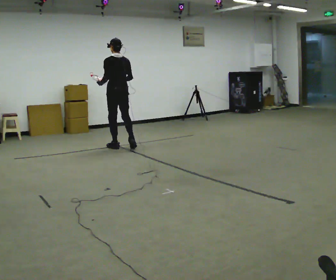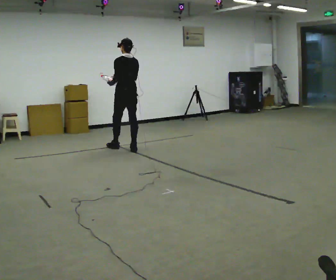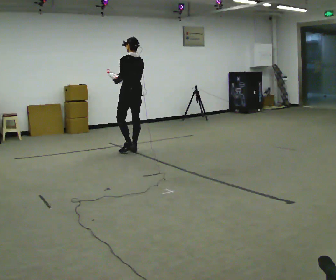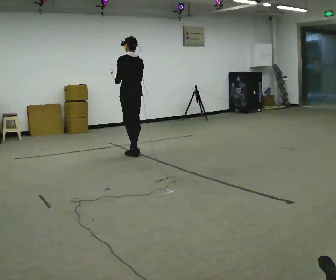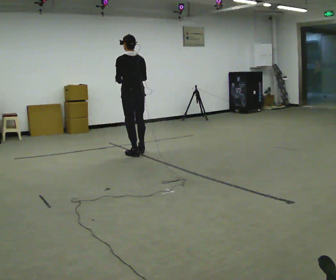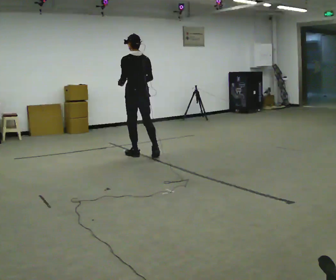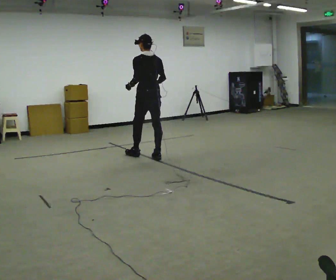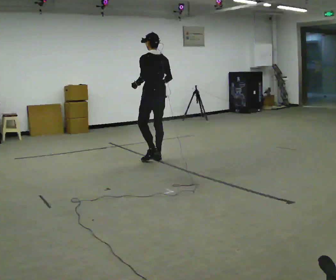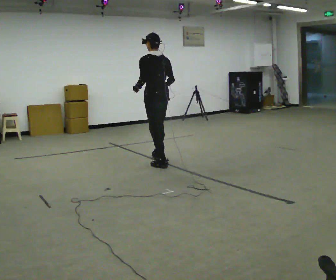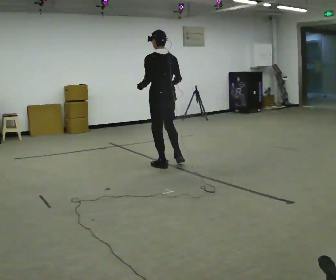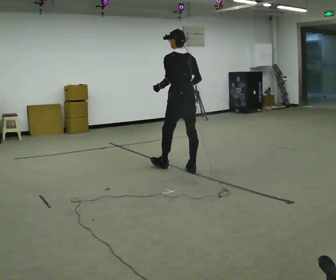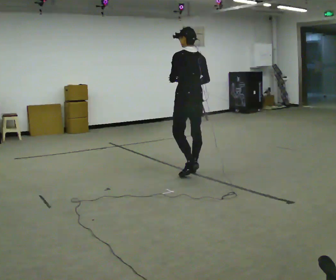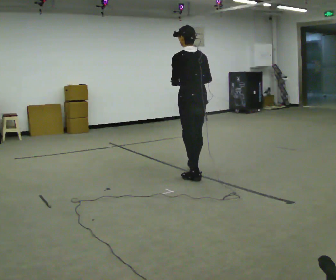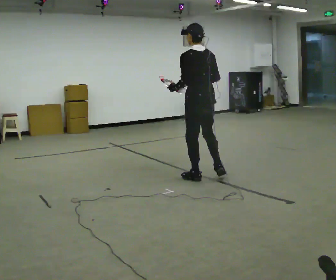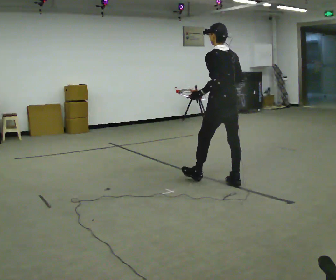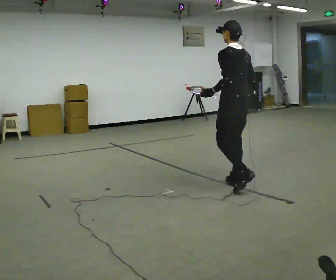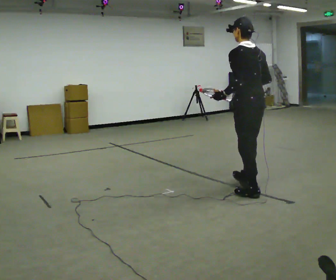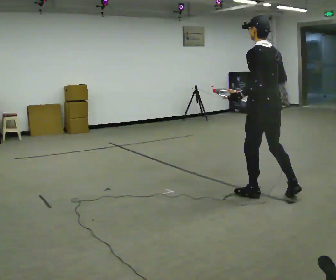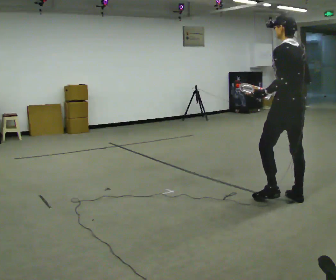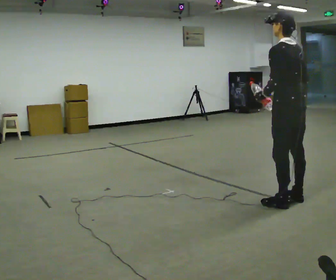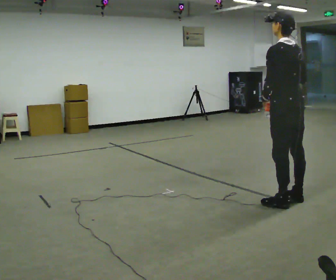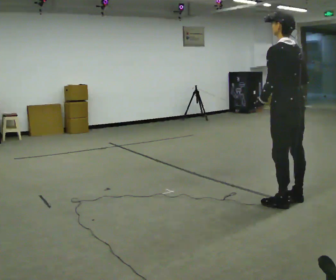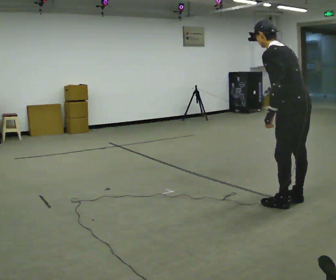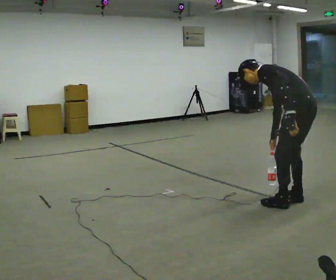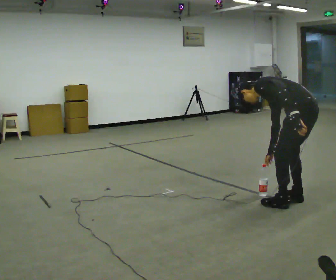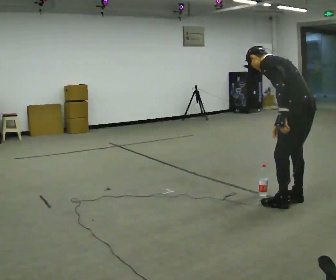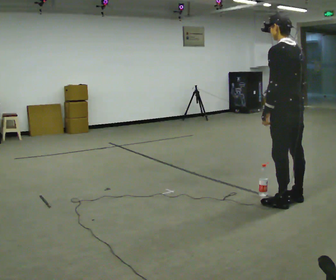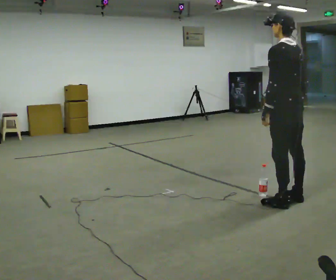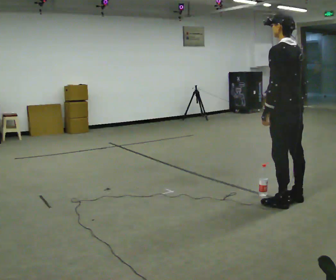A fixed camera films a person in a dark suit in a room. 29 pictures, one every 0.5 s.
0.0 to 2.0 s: In the picture they go toward the camera and to the right, about 0.5 m in 2 steps, which for them is backward.
2.0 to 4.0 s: In the picture they go to the right and toward the camera, about 0.5 m in 1 step, which for them is backward.
4.0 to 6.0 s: In the picture they go toward the camera and to the right, about 1 m in 2 steps, which for them is backward.
6.0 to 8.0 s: In the picture they go to the right and toward the camera, about 1 m in 3 steps, which for them is backward.
8.0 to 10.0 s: In the picture they go to the right and toward the camera, about 0.5 m in 1 step, which for them is backward.
10.0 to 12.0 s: The upper body goes downward. In the picture the upper body tilts counterclockwise, shoulders to the left, as they bend forward.
12.0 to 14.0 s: The shoulders move upward. In the picture the upper body tilts clockwise, shoulders to the right, as they lean back or straighten.
The film runs backward here.
